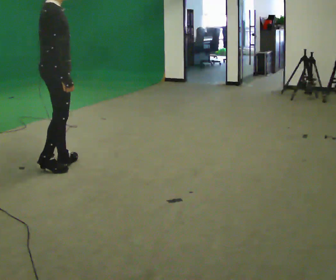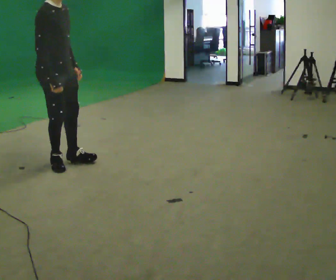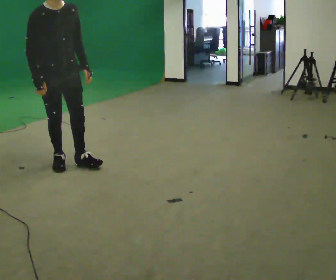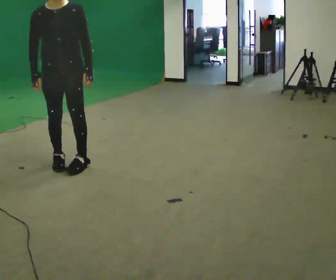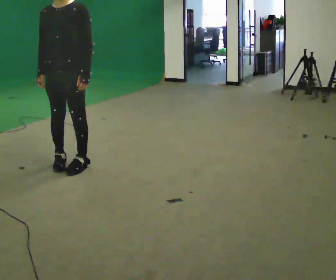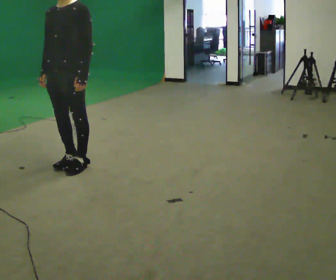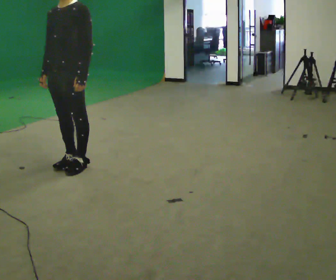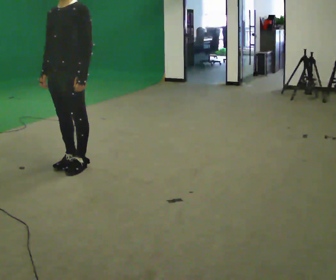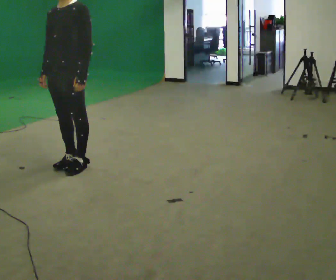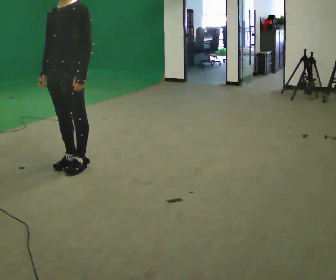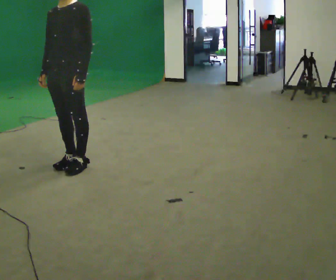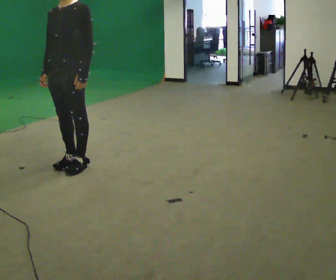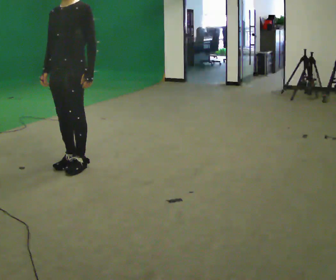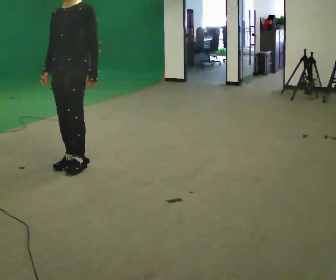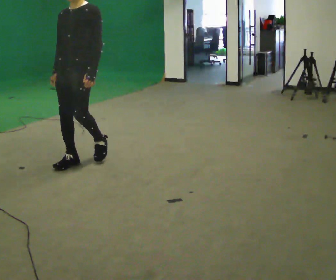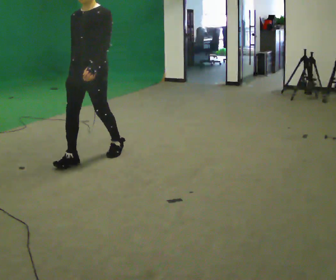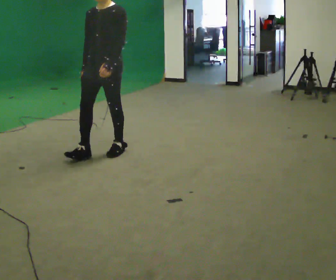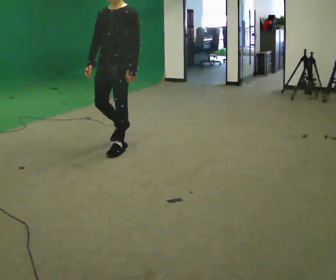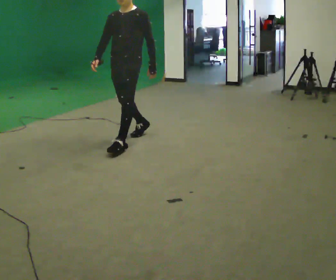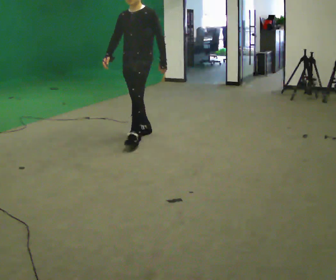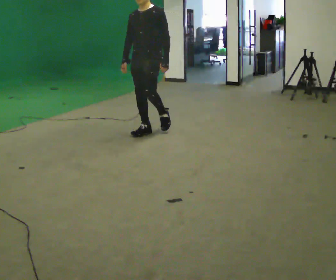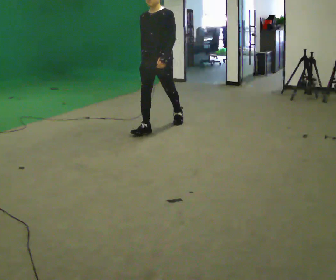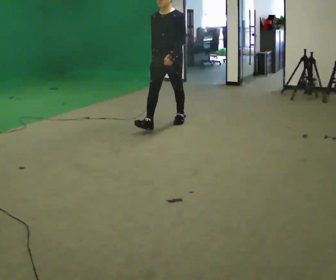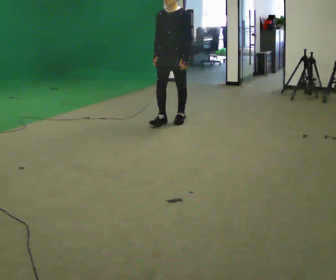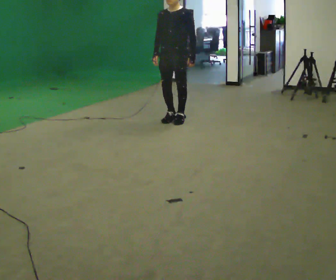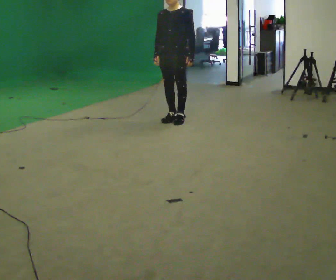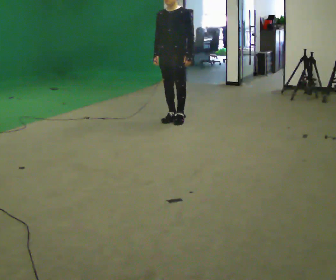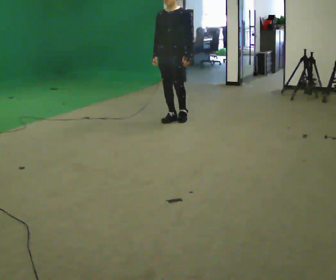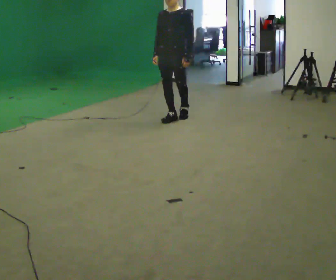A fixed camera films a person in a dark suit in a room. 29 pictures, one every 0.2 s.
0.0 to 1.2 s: The part of the body nearest the lens slides to the left as the person turns to their right by about 135 degrees.
1.2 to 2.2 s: The person moves a little, or ends about where they began.
2.2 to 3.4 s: In the picture they go to the right and away from the camera, about 0.5 m in 2 steps, which for them is backward.
3.4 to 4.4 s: In the picture they go away from the camera and to the right, about 1 m in 2 steps, which for them is backward.
4.4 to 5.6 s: In the picture they go away from the camera, about 0.25 m in 1 step, which for them is backward.
The film runs backward here.
